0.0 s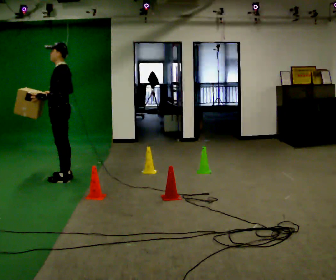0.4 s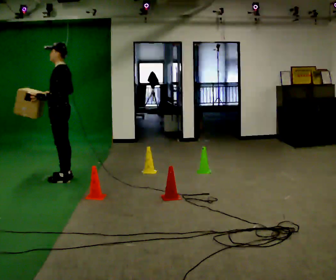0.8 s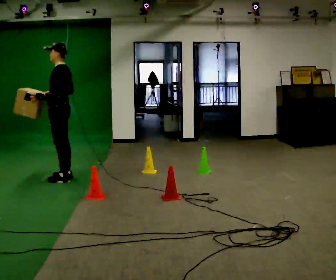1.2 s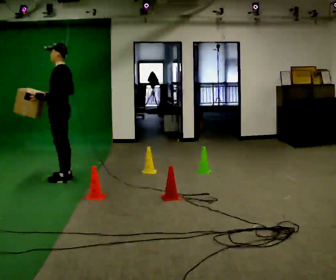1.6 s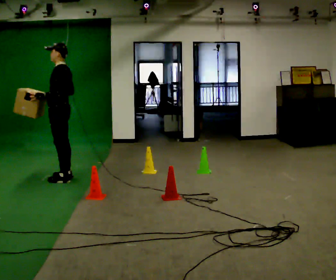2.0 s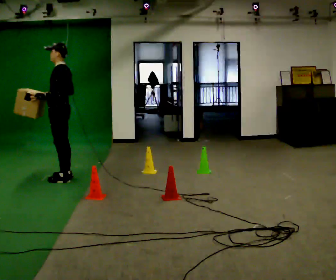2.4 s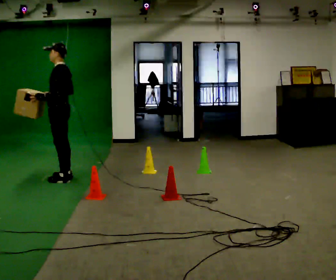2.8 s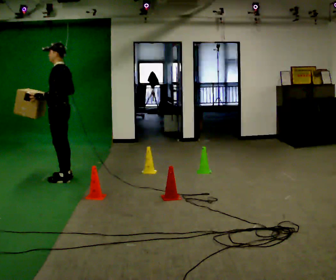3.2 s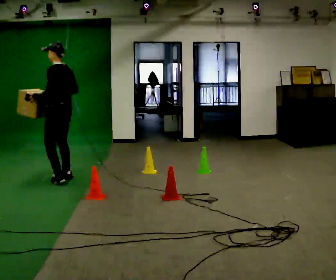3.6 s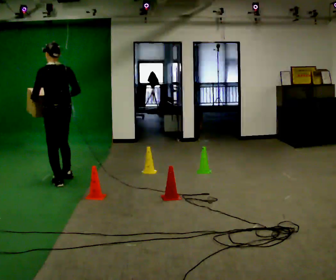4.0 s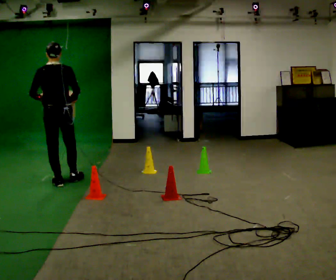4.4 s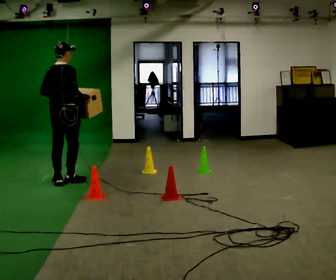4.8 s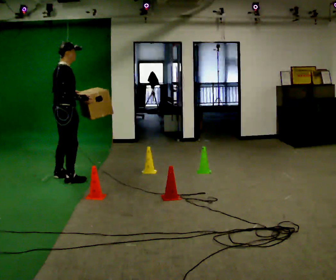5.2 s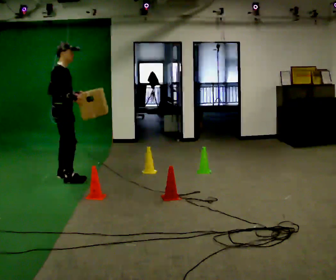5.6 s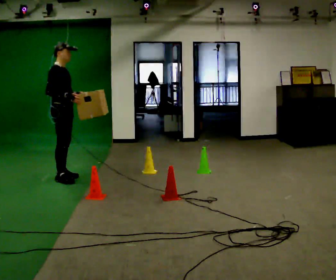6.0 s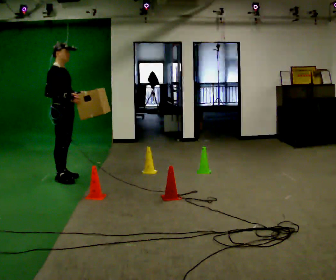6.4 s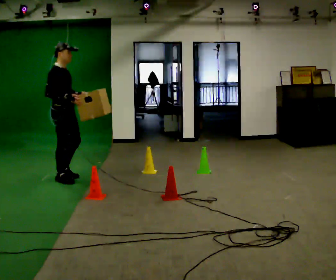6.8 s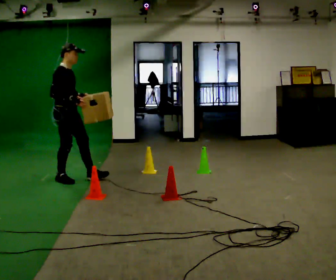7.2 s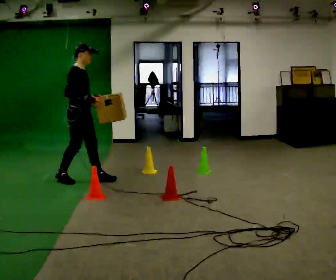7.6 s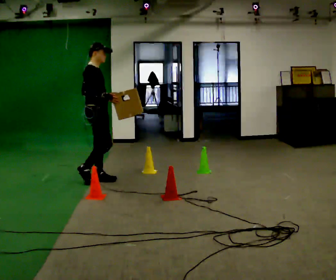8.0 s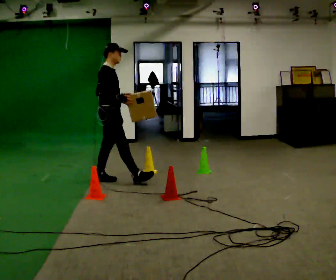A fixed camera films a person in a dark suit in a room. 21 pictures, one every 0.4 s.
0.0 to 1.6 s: The person moves a little, or ends about where they began.
1.6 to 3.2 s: The person turns about 30 degrees to their right, clockwise seen from above, so the part of the body nearest the lens slides to the left.
3.2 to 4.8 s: Seen from above the body turns clockwise, about 120 degrees: to their right, with its near side sliding to the left. In the picture their left hand goes to the right.
4.8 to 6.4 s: The part of the body nearest the lens slides to the left as the person turns to their right by about 30 degrees.
6.4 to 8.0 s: In the picture they go to the right, about 0.5 m in 1 step, which for them is forward.
The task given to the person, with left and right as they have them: Carry the box through the gap between the panels without touching either side, then set it down and bring it back. Keep going until the operator says stop; one object at a time, and do not rush between trips.
The film runs forward here.
